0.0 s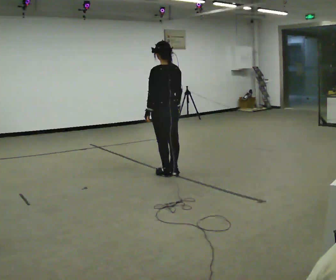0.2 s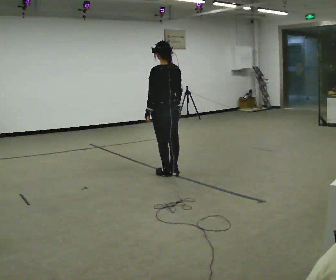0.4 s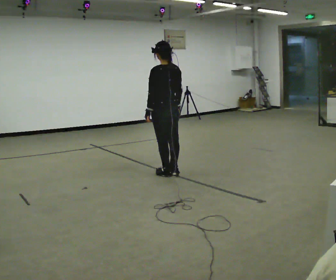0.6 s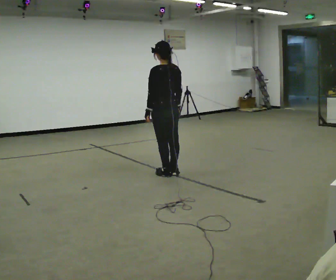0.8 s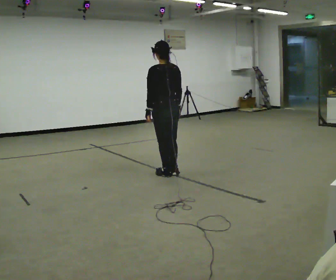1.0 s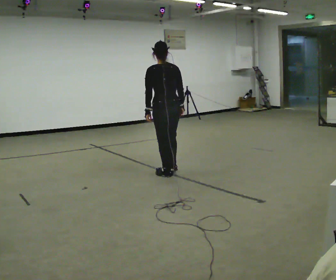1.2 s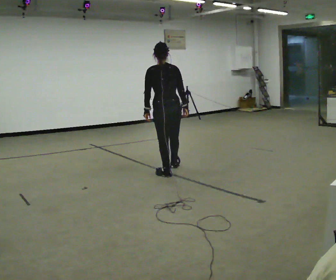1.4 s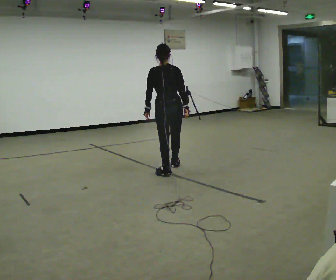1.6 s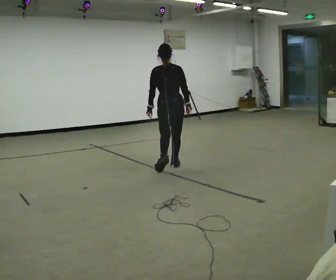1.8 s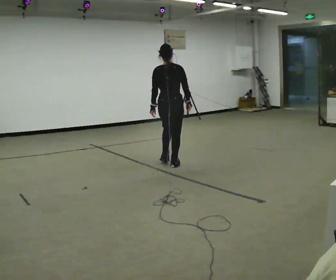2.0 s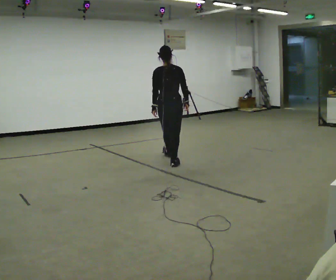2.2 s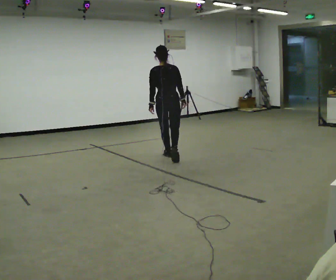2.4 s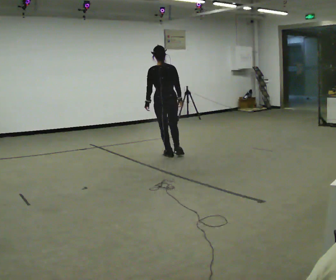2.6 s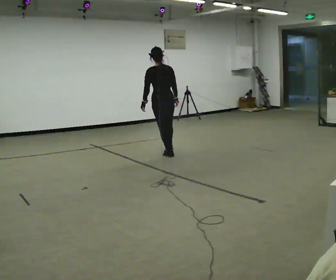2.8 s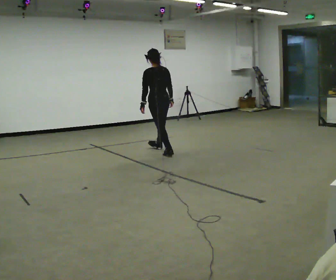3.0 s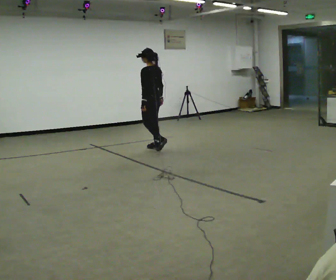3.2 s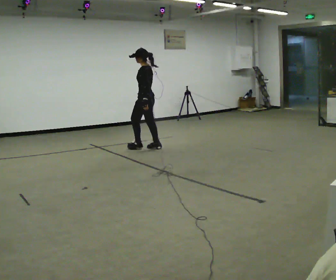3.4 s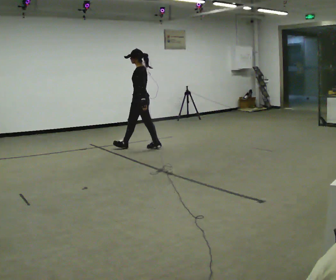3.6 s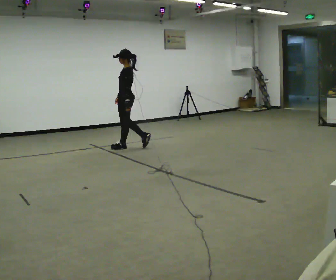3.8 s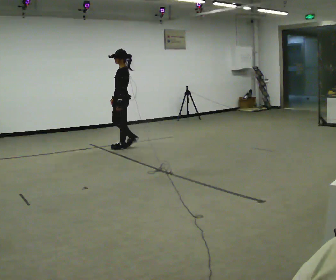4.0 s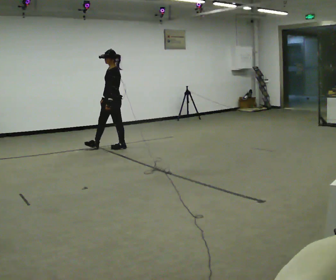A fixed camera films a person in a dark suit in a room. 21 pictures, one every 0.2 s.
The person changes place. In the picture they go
away from the camera.
The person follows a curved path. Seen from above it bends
counterclockwise.
0.0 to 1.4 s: Seen from above the body turns clockwise, about 30 degrees: to their right, with its near side sliding to the left. In the picture they go away from the camera, about 0.25 m in 1 step, which for them is forward and to their right.
1.4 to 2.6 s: In the picture they go away from the camera, about 1 m in 1 step, which for them is forward.
2.6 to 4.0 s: The part of the body nearest the lens slides to the right as the person turns to their left by about 105 degrees. In the picture they go to the left and away from the camera, about 1 m in 2 steps.
The film runs forward here.
